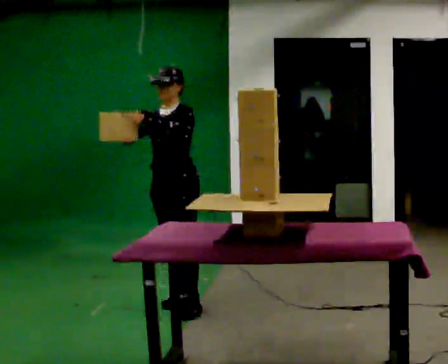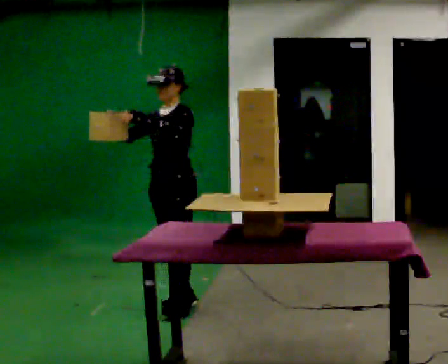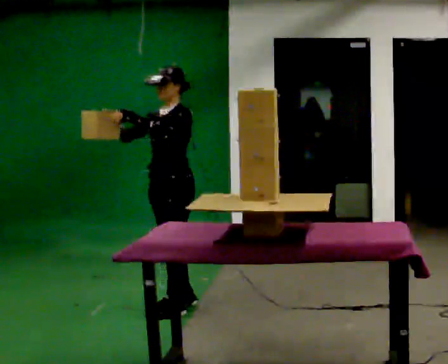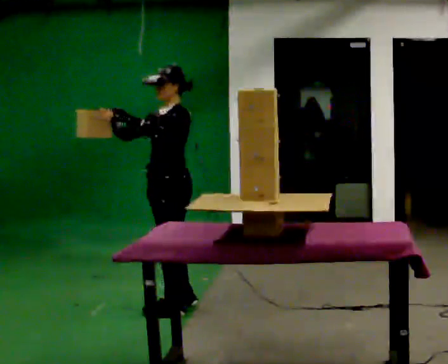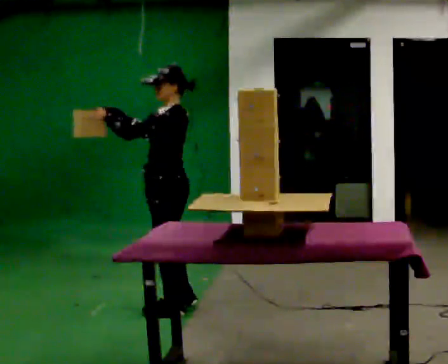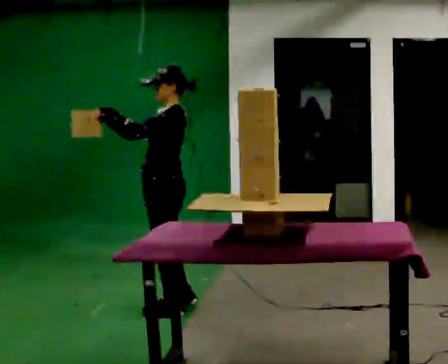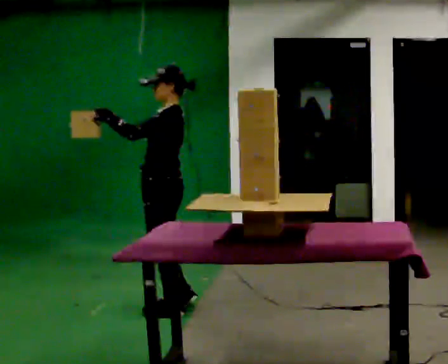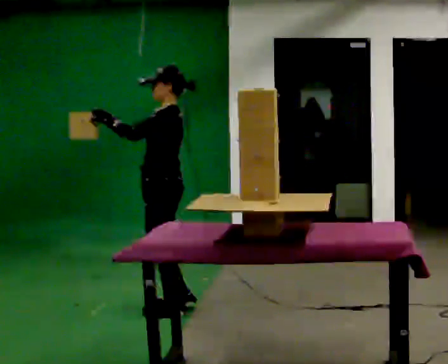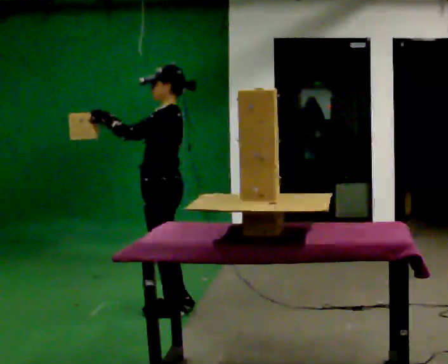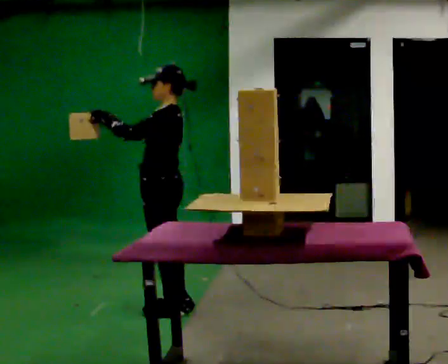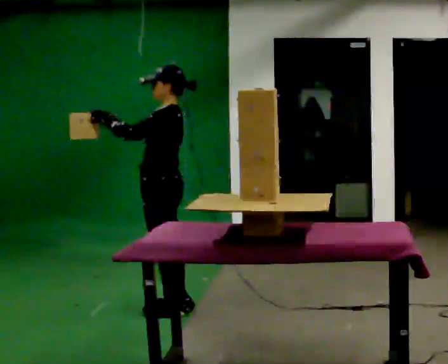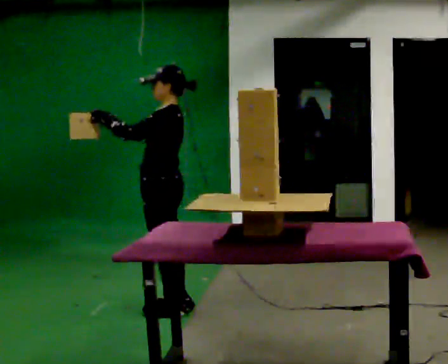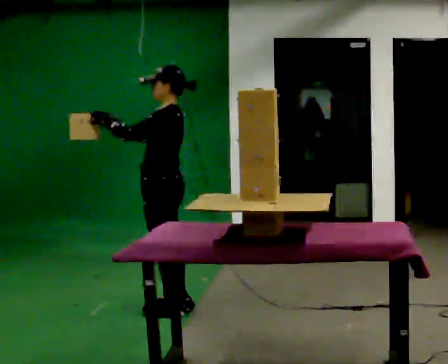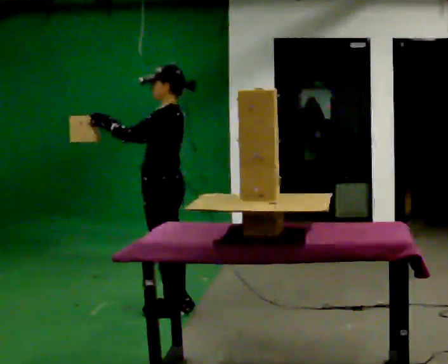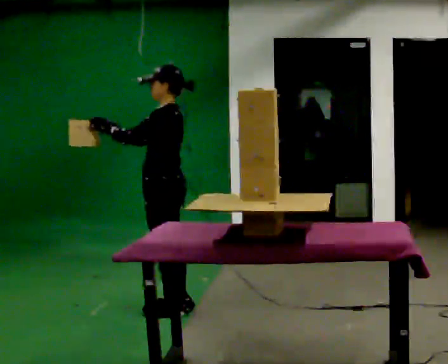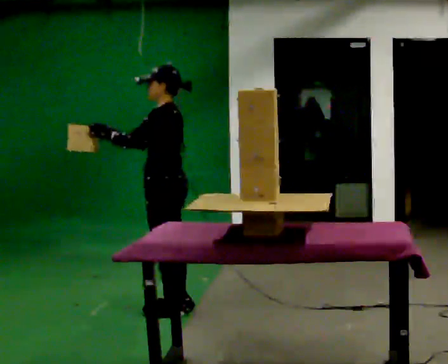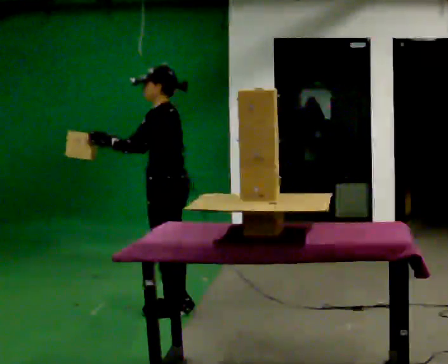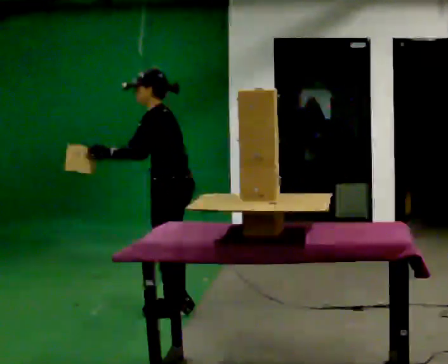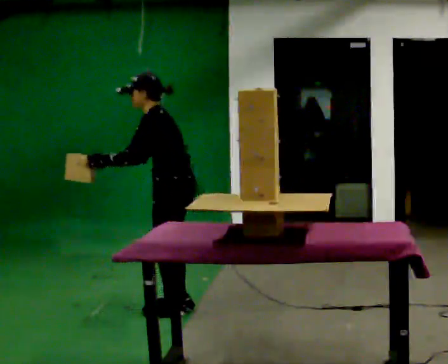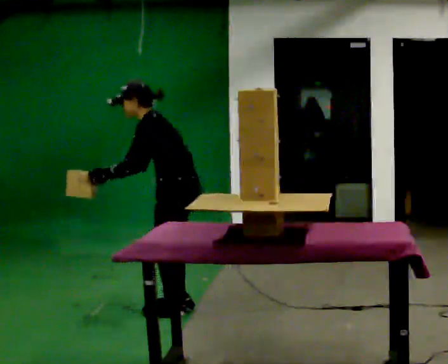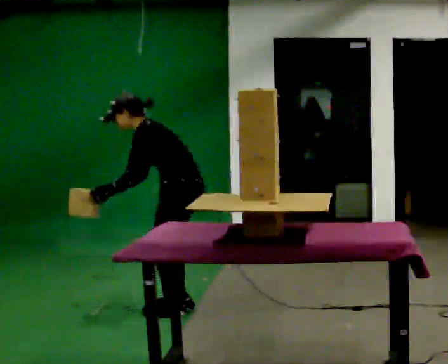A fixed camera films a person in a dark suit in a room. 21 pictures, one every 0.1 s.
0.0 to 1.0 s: The person turns about 60 degrees to their right, clockwise seen from above, so the part of the body nearest the lens slides to the left. In the picture they go toward the camera, about 0.25 m in 1 step.
1.0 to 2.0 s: In the picture the upper body tilts counterclockwise, shoulders to the left, as they bend forward. In the picture their right hand goes downward, the arm swinging counterclockwise.
The film runs backward here.
